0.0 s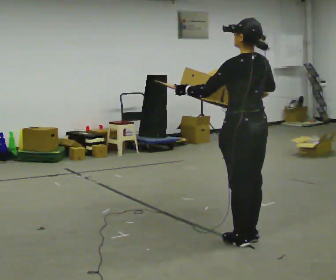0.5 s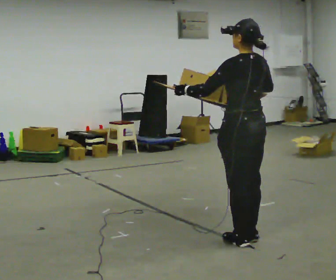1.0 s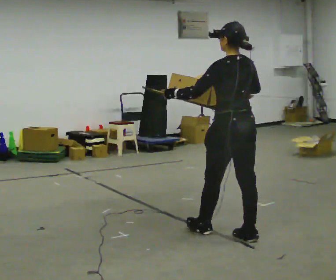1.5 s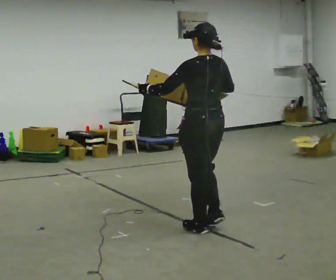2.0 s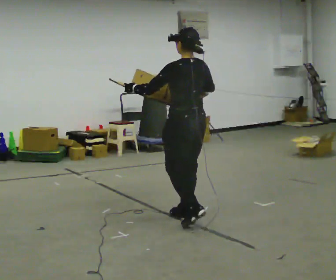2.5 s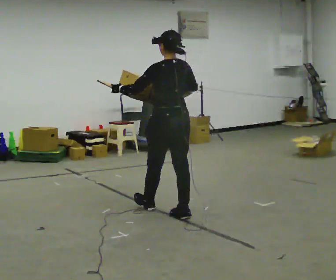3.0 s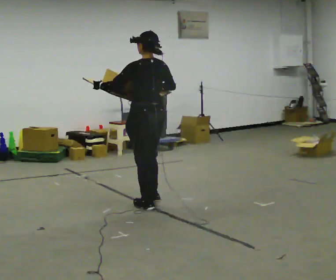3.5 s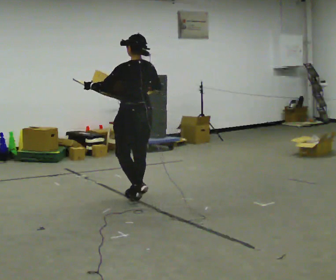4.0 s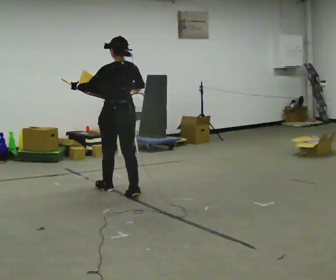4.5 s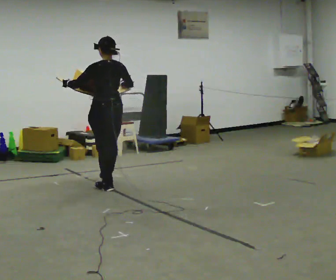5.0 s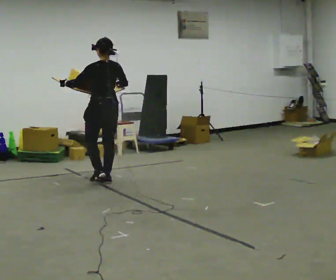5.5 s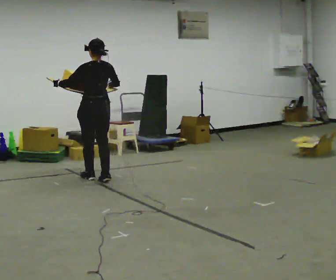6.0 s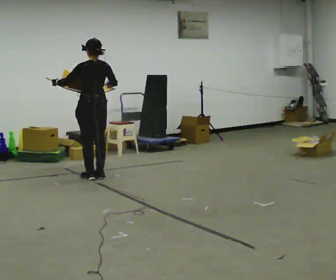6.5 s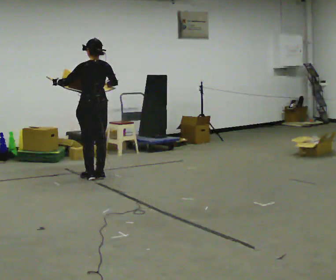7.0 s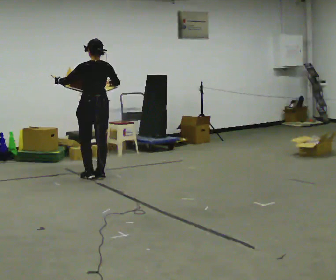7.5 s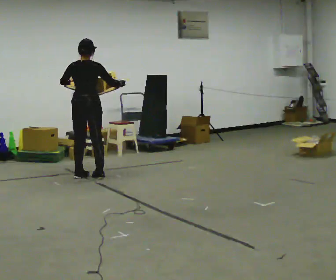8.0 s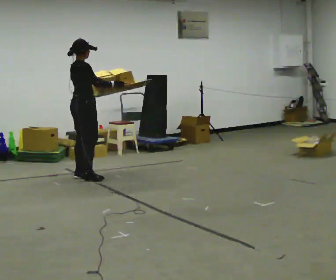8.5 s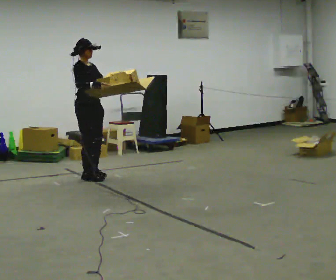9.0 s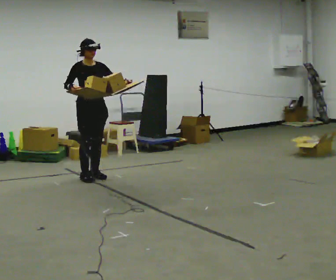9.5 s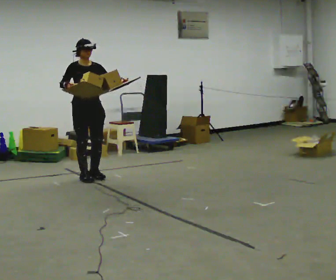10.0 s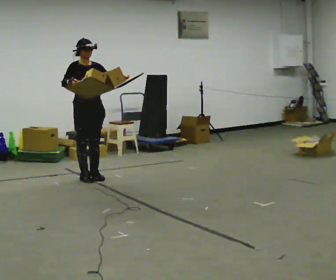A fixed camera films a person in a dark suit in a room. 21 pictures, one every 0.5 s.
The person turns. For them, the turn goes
to their right.
The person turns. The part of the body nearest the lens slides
to the left.
0.0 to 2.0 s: In the picture they go away from the camera and to the left, about 0.5 m in 2 steps, which for them is forward.
2.0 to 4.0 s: In the picture they go away from the camera and to the left, about 1 m in 3 steps, which for them is forward.
4.0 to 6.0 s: In the picture they go away from the camera, about 1 m in 3 steps, which for them is forward.
6.0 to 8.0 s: The person turns about 90 degrees to their right, clockwise seen from above, so the part of the body nearest the lens slides to the left. In the picture their left hand goes to the right.
8.0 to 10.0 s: Seen from above the body turns clockwise, about 90 degrees: to their right, with its near side sliding to the left. In the picture their left hand goes to the right.
The film runs forward here.
